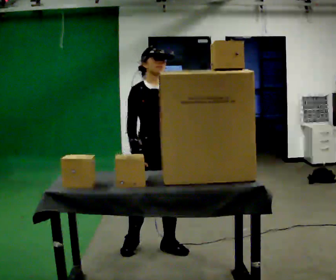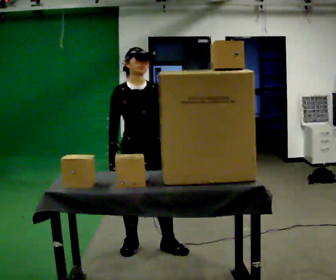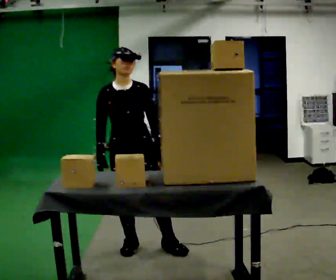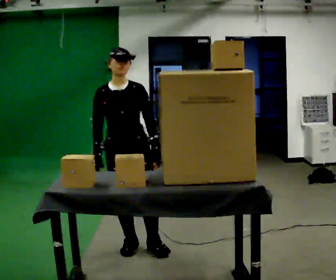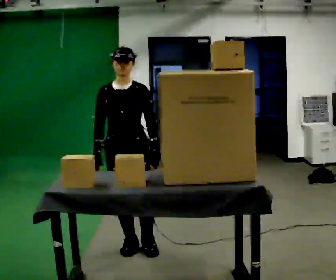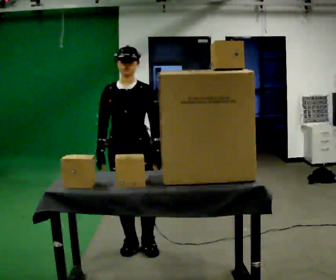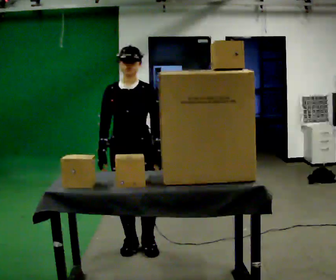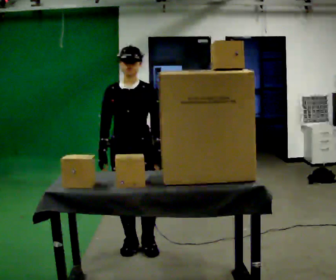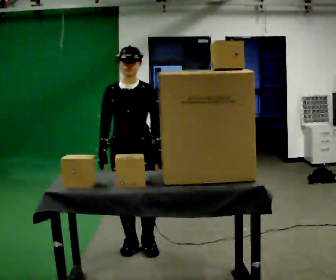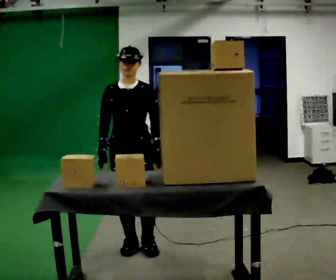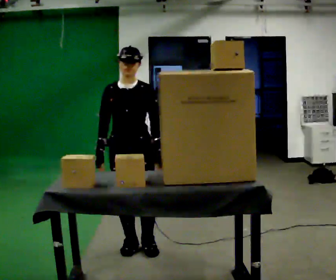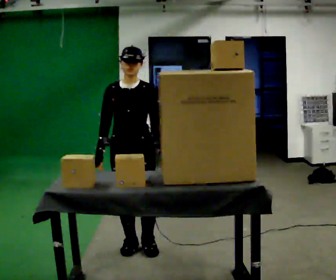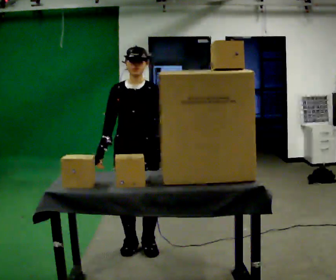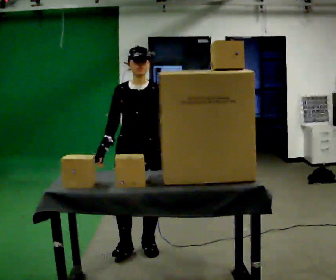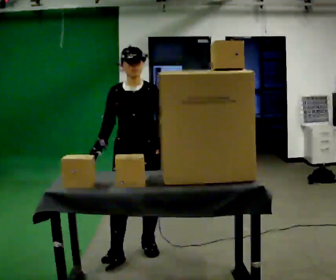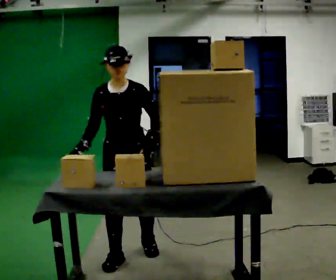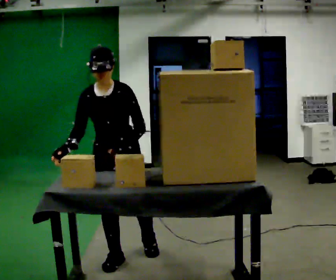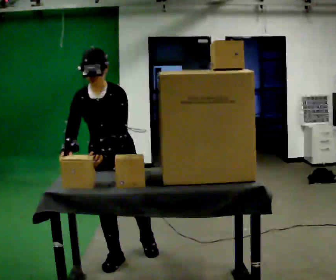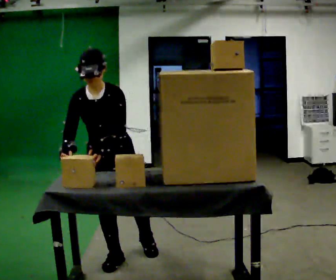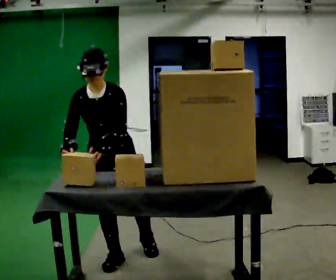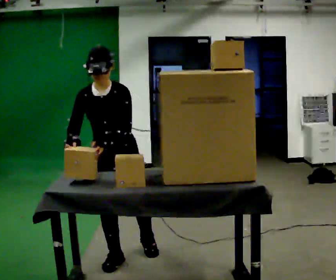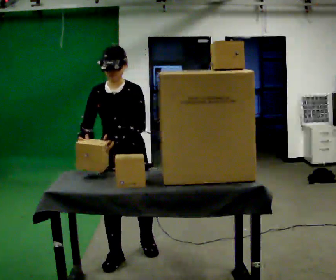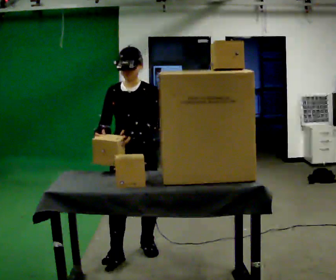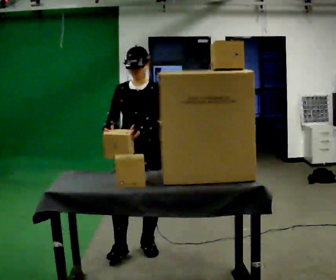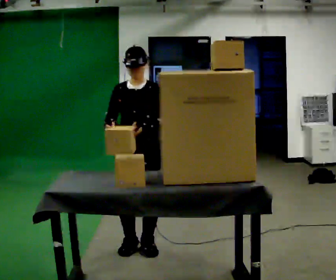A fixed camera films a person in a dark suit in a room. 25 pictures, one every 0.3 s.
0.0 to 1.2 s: In the picture they go to the left, about 0.25 m in 1 step, which for them is to their right.
1.2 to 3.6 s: The person moves a little, or ends about where they began.
3.6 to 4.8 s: In the picture they go toward the camera, about 0.25 m in 1 step, which for them is forward. The upper body tips toward the camera, its near side rolling downward, as they bend forward.
4.8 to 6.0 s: The person moves a little, or ends about where they began.
6.0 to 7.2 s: In the picture they go away from the camera and to the right, about 0.25 m in 1 step, which for them is backward and to their left. The upper body tips away from the camera, its near side rolling upward, as they lean back or straighten.
The film runs backward here.
